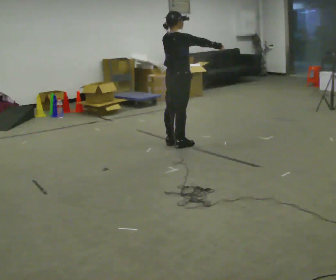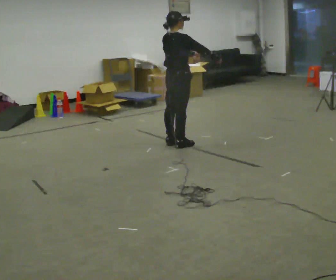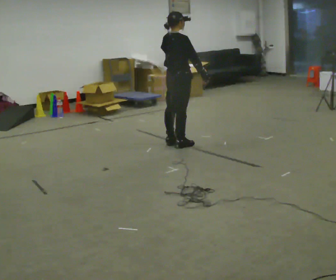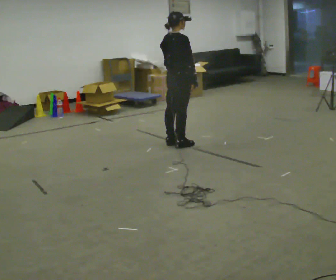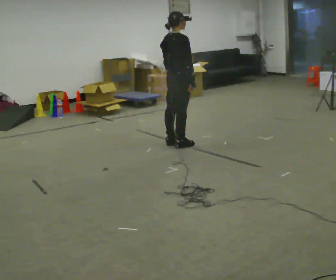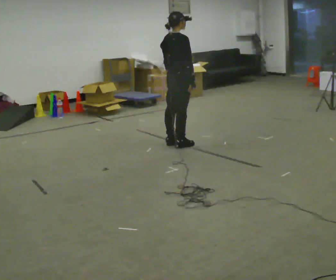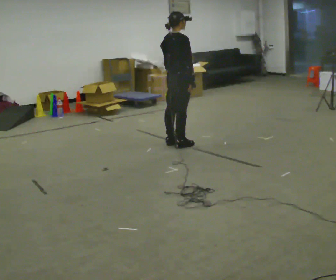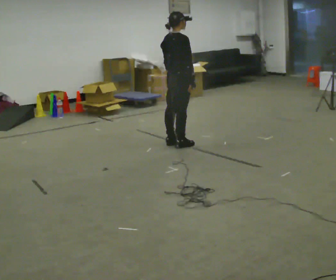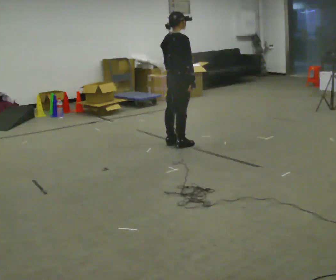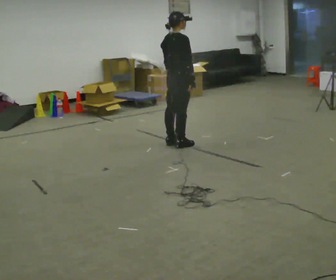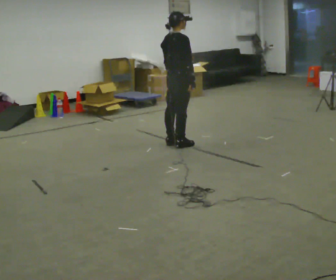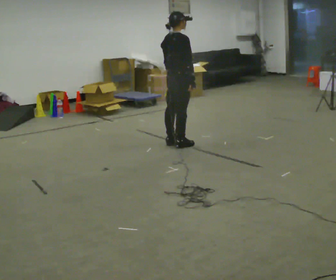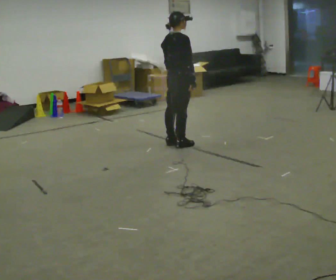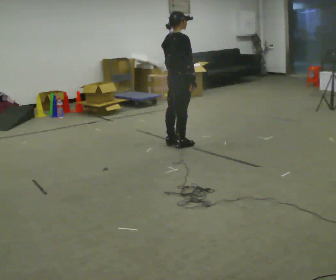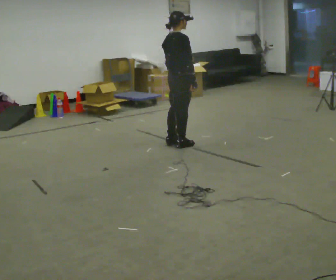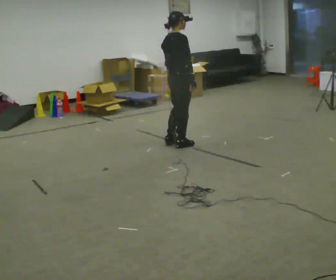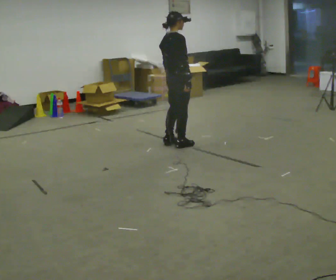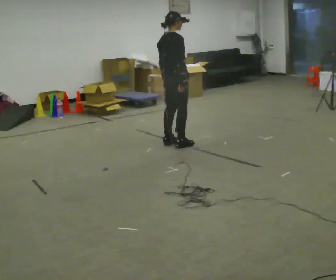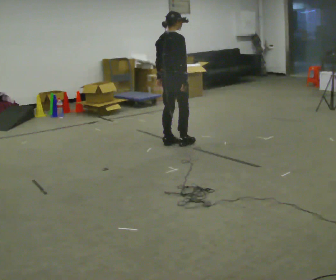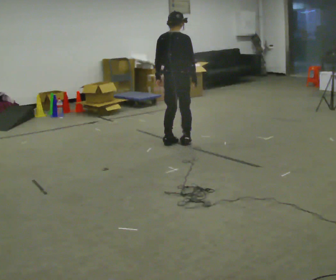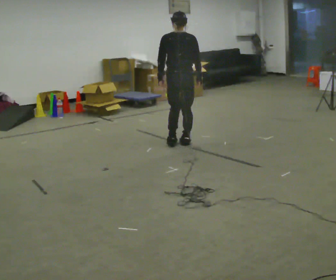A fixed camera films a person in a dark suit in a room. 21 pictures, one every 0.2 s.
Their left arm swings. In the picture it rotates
clockwise.
Their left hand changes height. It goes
downward.
0.0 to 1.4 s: In the picture their right hand goes downward and to the left, the arm swinging clockwise.
1.4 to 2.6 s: The person keeps their place and pose.
2.6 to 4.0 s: Seen from above the body turns counterclockwise, about 45 degrees: to their left, with its near side sliding to the right.
The film runs backward here.
